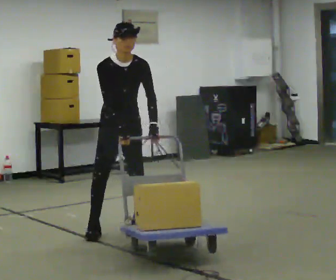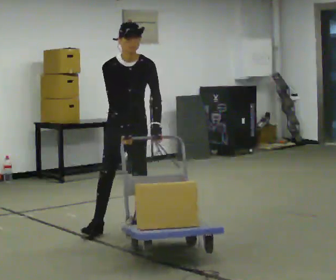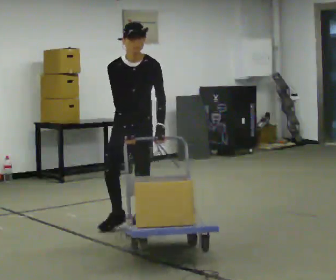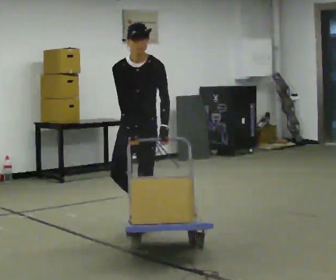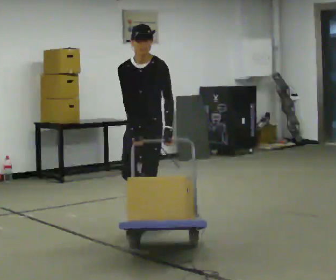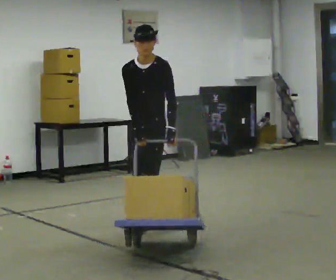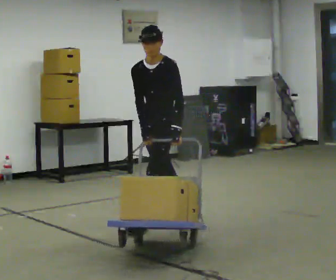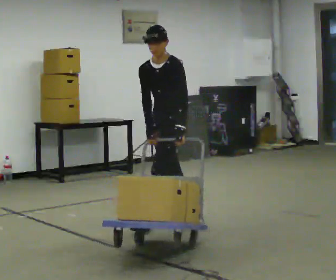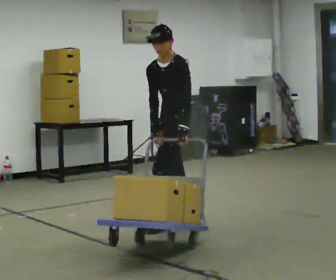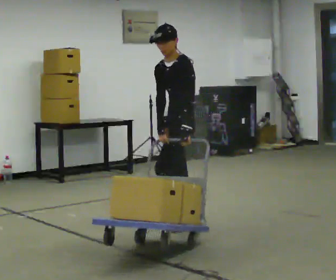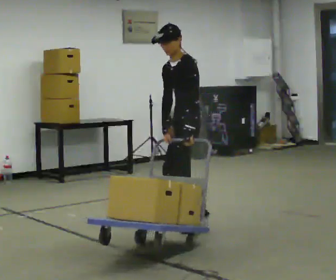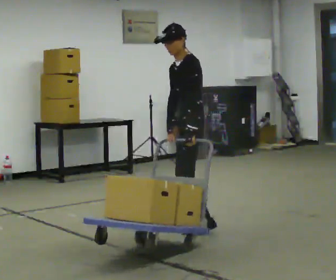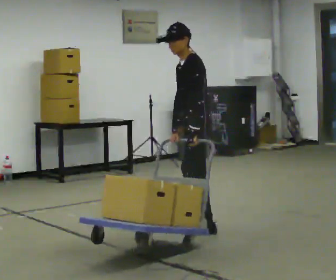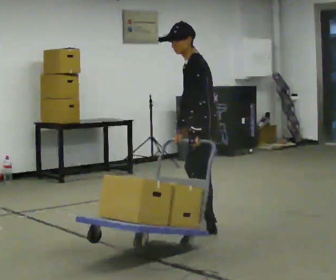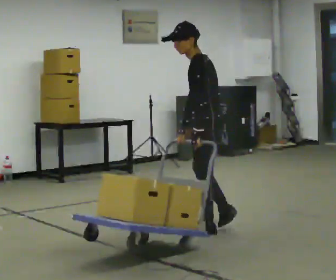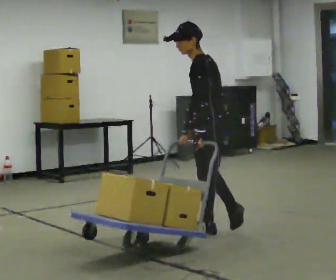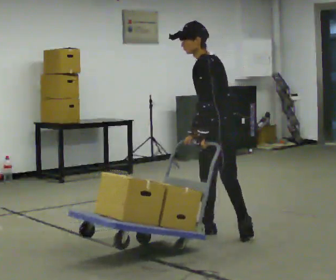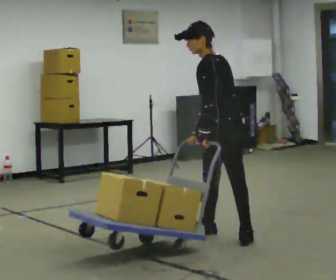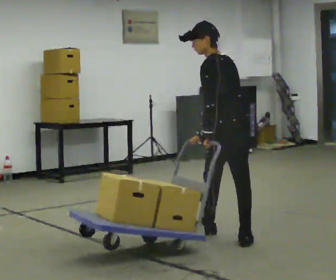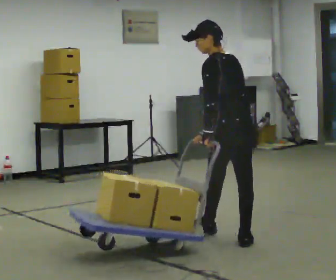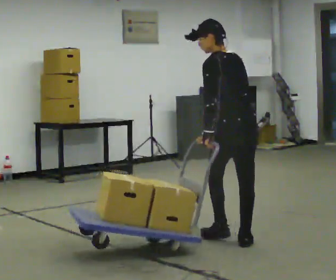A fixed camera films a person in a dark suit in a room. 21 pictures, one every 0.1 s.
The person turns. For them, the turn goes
to their right.
The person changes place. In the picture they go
to the right.
0.0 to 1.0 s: The person turns about 75 degrees to their right, clockwise seen from above, so the part of the body nearest the lens slides to the left. In the picture they go to the right, about 0.5 m in 2 steps. In the picture the upper body tilts counterclockwise, shoulders to the left.
1.0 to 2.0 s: The part of the body nearest the lens slides to the left as the person turns to their right by about 75 degrees. In the picture they go toward the camera and to the right, about 0.75 m in 2 steps. The upper body tips away from the camera, its near side rolling upward.
The film runs backward here.
